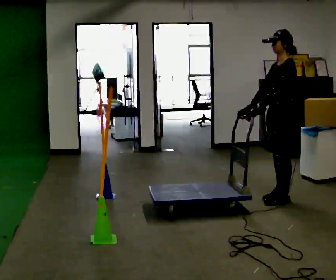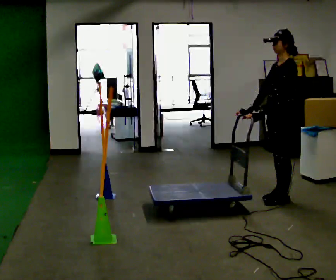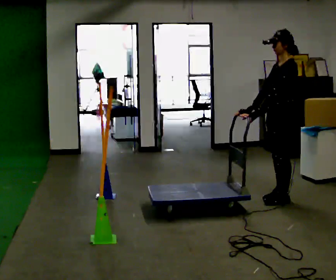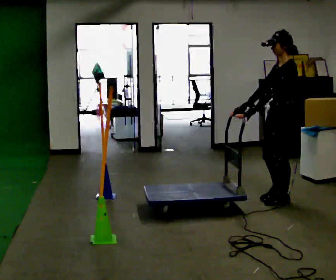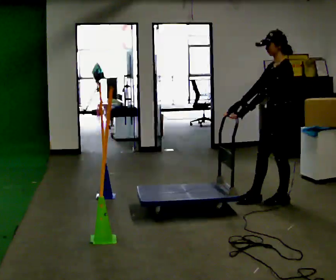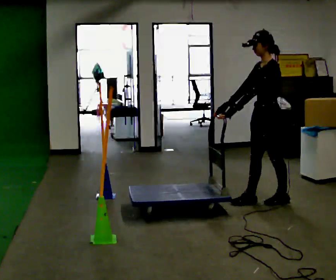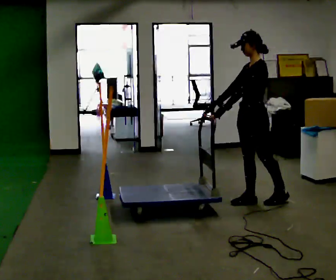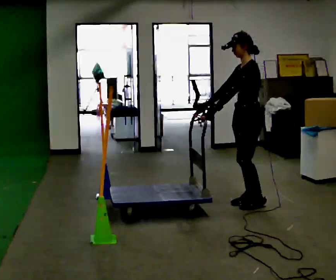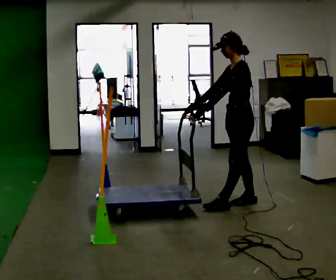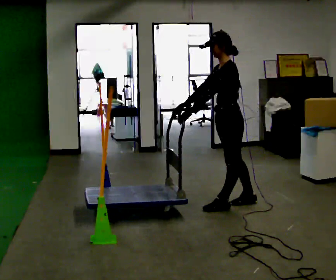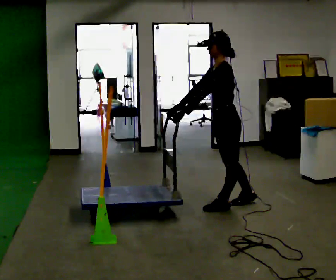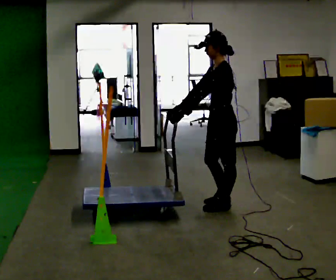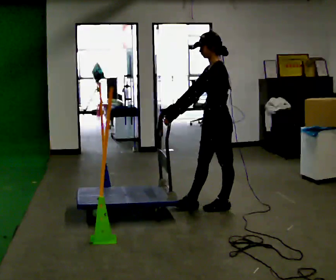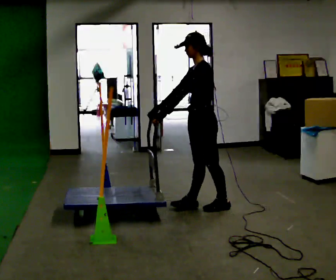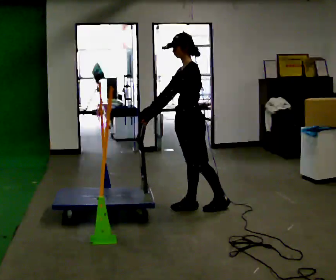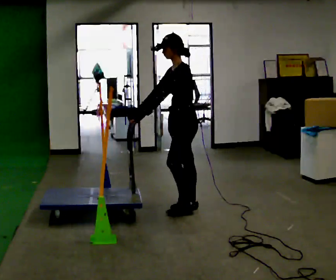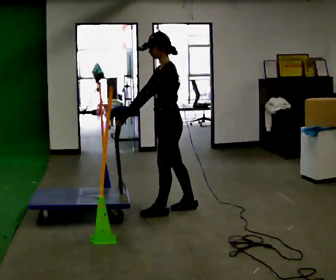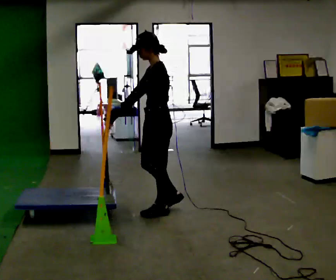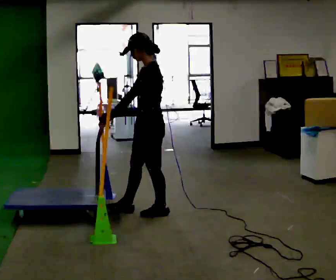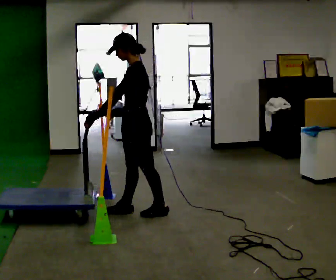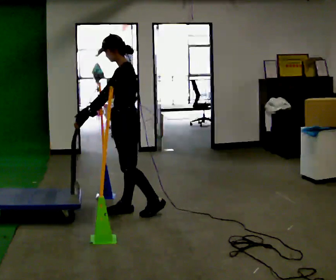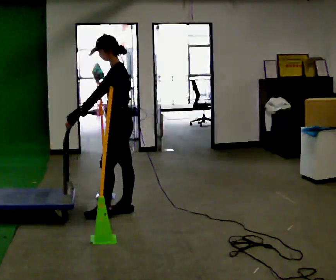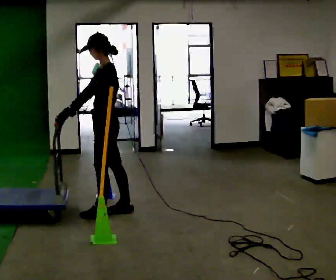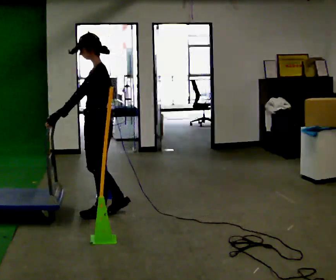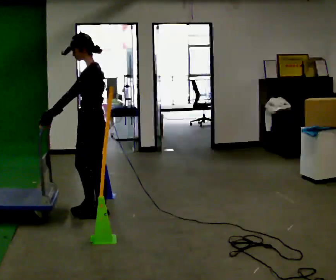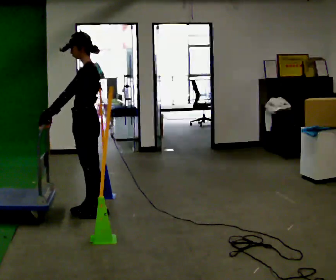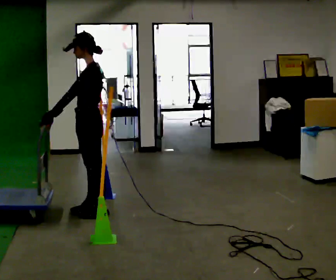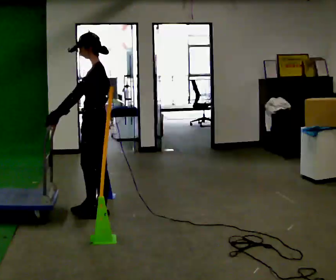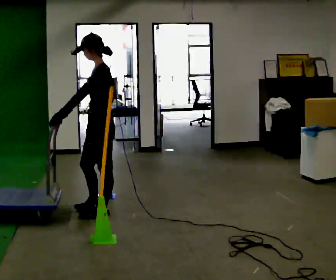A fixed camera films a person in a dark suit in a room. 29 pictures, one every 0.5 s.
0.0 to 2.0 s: The person moves a little, or ends about where they began.
2.0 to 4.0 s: In the picture they go to the left, about 0.25 m in 2 steps, which for them is forward.
4.0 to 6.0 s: In the picture they go to the left, about 0.25 m in 1 step, which for them is forward.
6.0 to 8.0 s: In the picture they go to the left, about 0.5 m in 1 step, which for them is forward.
8.0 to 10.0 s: In the picture they go to the left, about 0.25 m in 1 step, which for them is forward.
10.0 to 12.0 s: In the picture they go to the left, about 0.25 m in 2 steps, which for them is forward.
12.0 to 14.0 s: The person moves a little, or ends about where they began.
The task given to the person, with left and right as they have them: Push the cart through the gap between the poles without touching them, then bring it back through.
The film runs forward here.
